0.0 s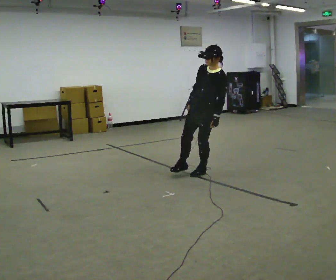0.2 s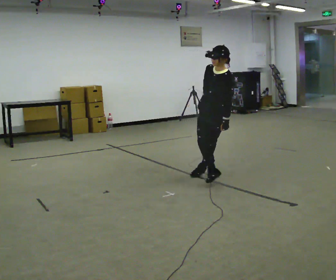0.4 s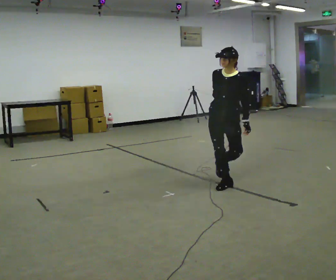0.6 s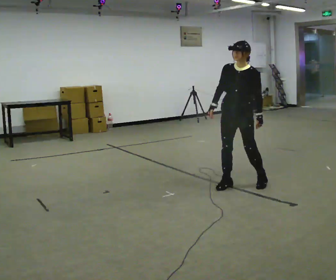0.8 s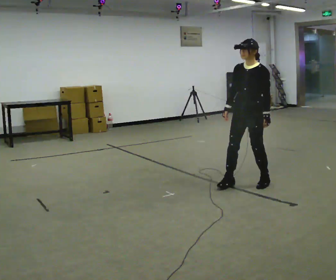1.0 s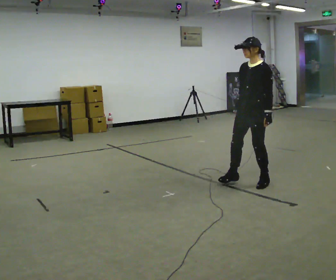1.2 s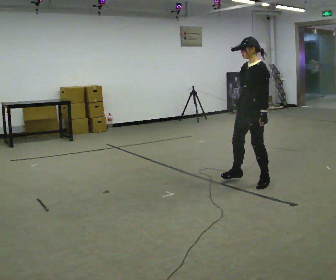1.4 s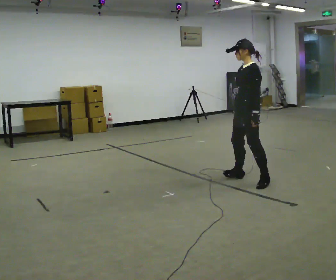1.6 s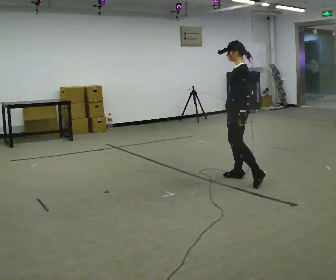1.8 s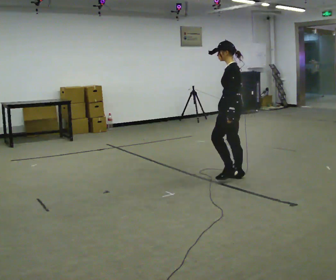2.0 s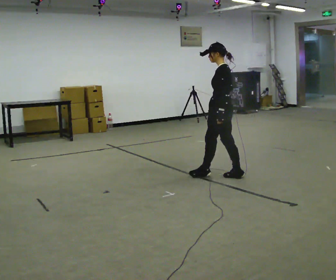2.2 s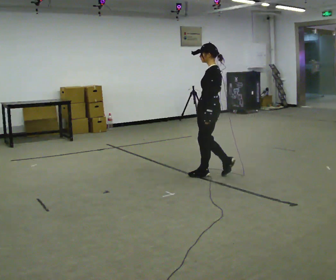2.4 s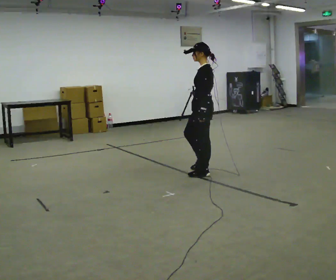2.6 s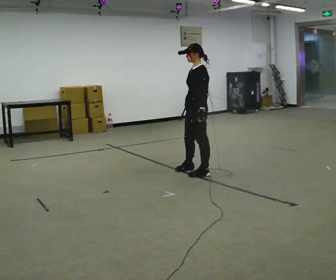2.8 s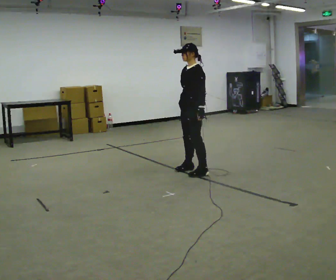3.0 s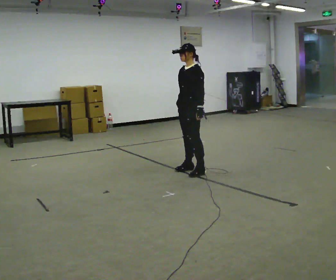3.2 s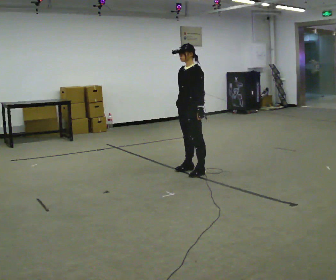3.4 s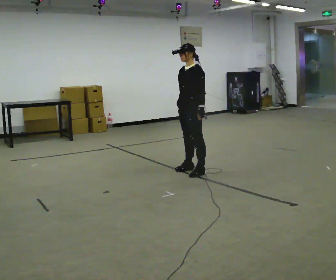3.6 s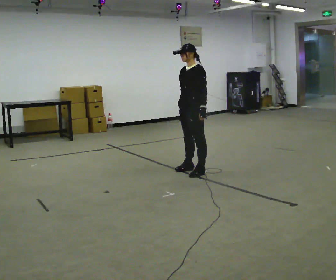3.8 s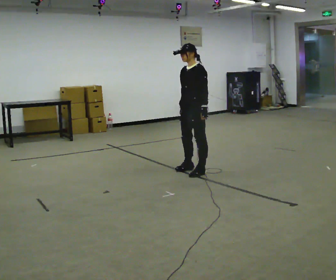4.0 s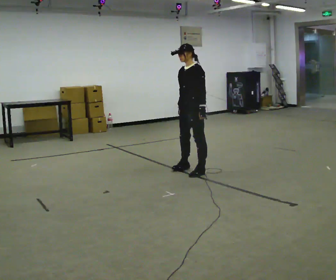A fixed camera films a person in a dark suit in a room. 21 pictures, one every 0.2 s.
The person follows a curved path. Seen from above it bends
counterclockwise.
0.0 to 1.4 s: The person turns about 30 degrees to their right, clockwise seen from above, so the part of the body nearest the lens slides to the left. In the picture they go to the right, about 0.5 m in 3 steps. In the picture the upper body tilts counterclockwise, shoulders to the left.
1.4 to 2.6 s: In the picture they go to the left and away from the camera, about 0.75 m in 2 steps, which for them is forward and to their right.
2.6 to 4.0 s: The person moves a little, or ends about where they began.
The film runs forward here.
